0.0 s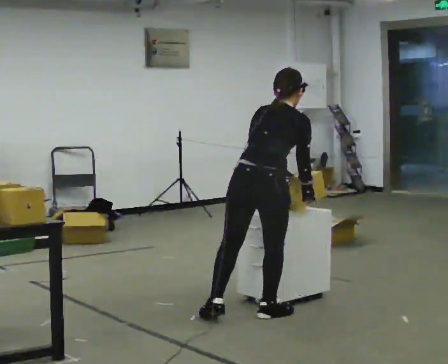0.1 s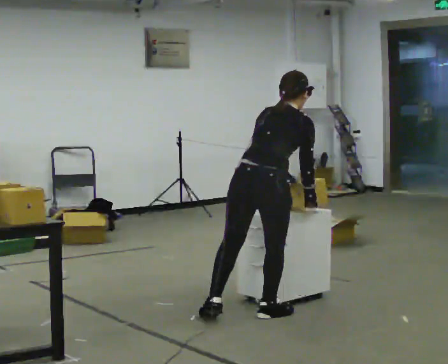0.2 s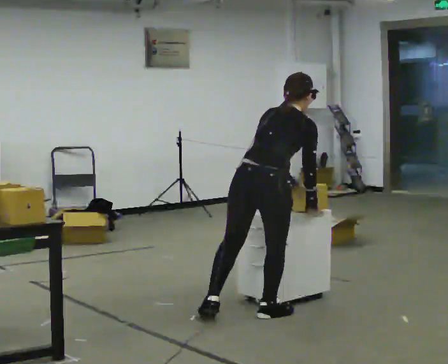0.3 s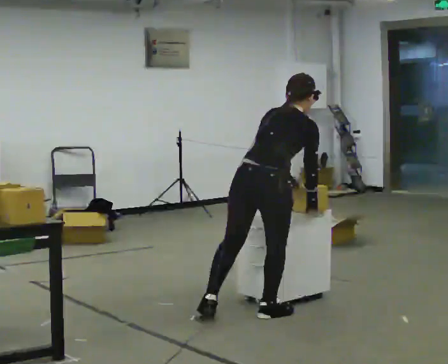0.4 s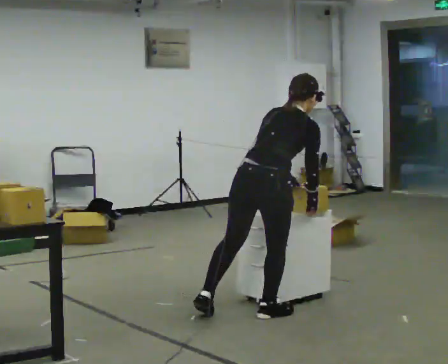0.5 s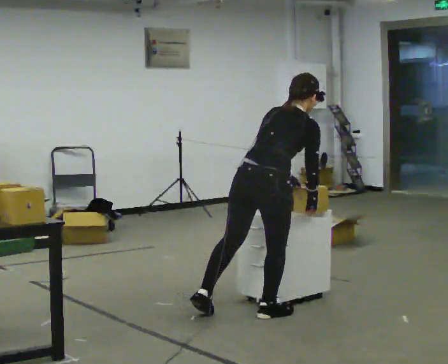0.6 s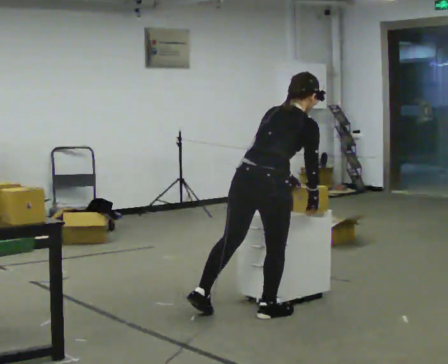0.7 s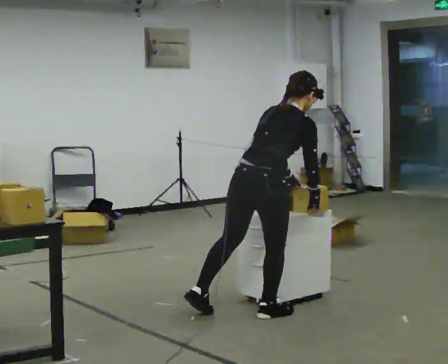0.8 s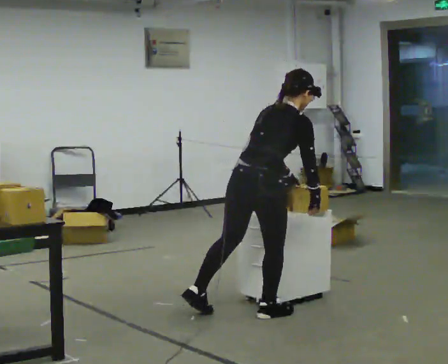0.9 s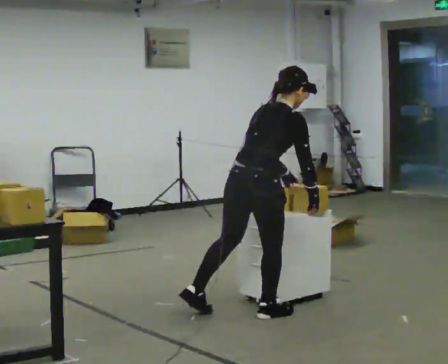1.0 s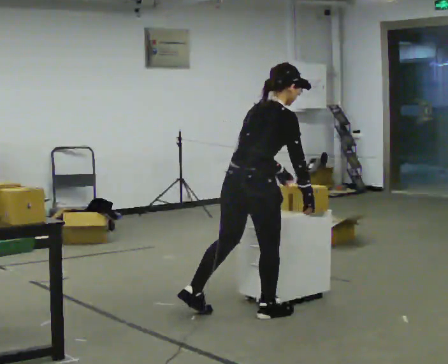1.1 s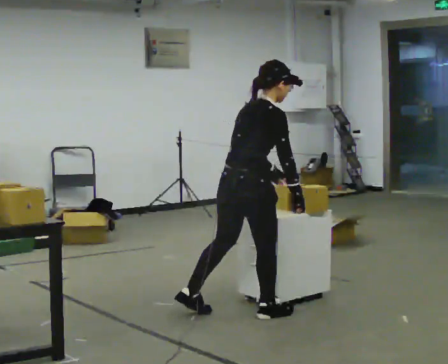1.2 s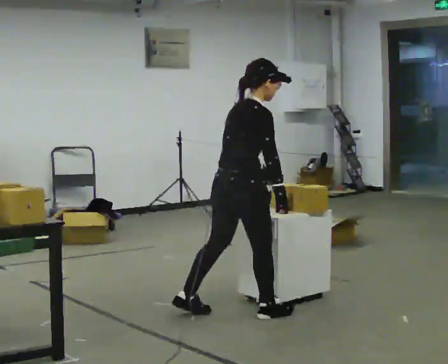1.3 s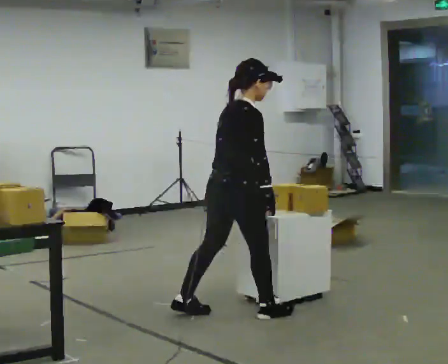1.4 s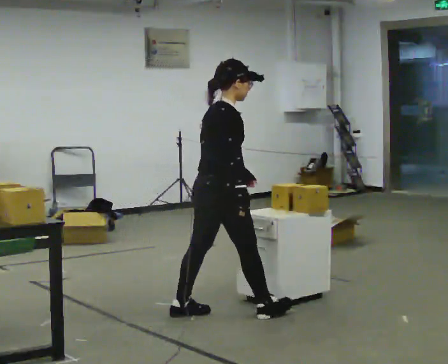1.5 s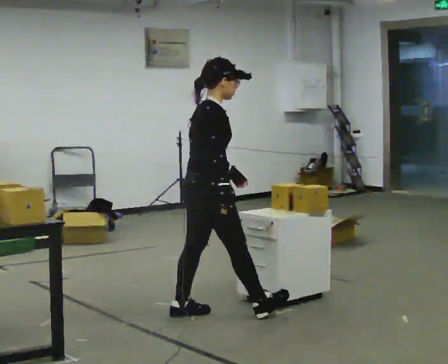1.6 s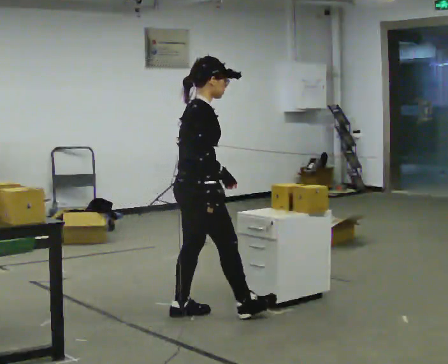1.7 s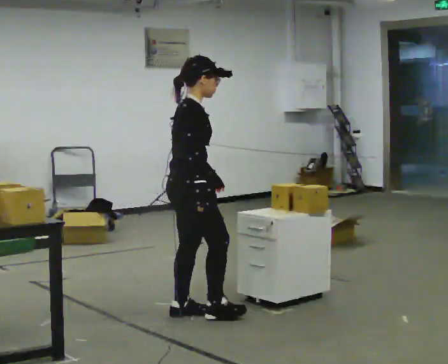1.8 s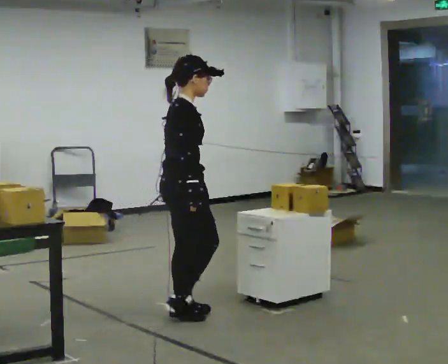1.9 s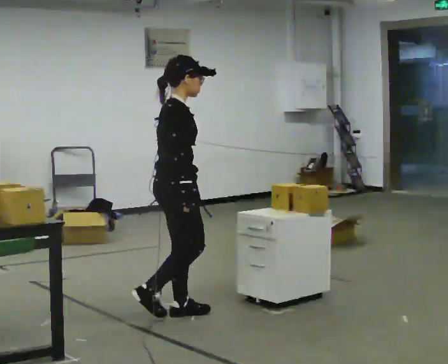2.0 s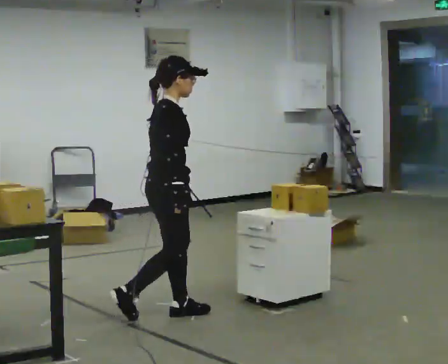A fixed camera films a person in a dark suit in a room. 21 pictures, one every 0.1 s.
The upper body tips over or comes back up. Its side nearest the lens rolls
downward.
The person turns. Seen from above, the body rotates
clockwise.
0.0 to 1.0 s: The person moves a little, or ends about where they began.
1.0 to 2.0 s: The part of the body nearest the lens slides to the left as the person turns to their right by about 30 degrees. In the picture they go to the left, about 0.5 m in 1 step, which for them is backward and to their left. In the picture the upper body tilts counterclockwise, shoulders to the left, as they lean back or straighten.
The film runs backward here.
